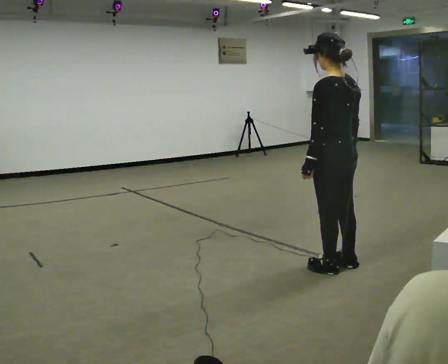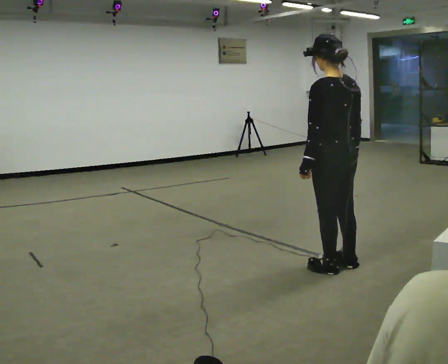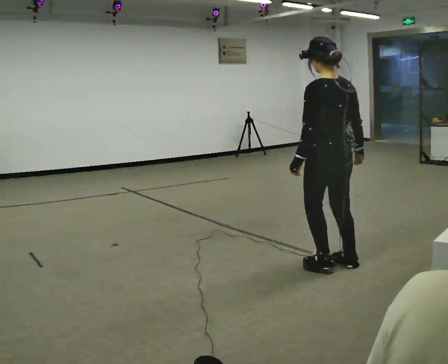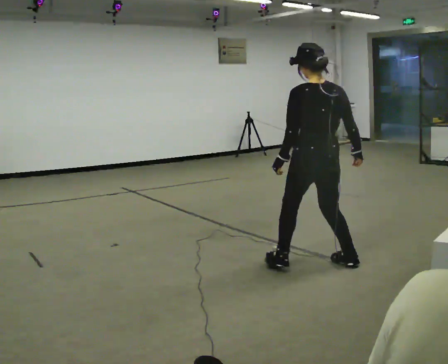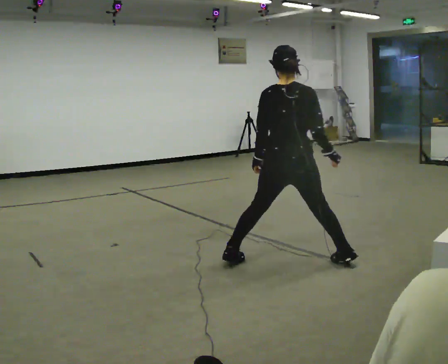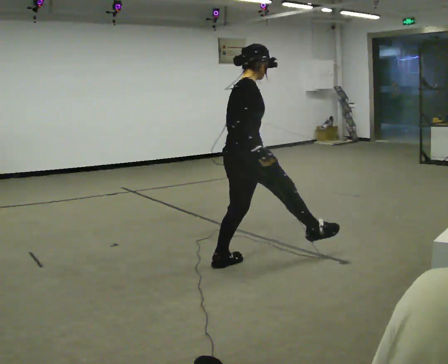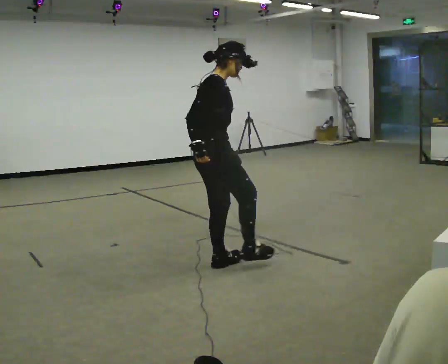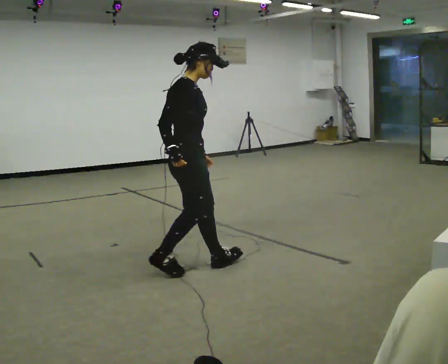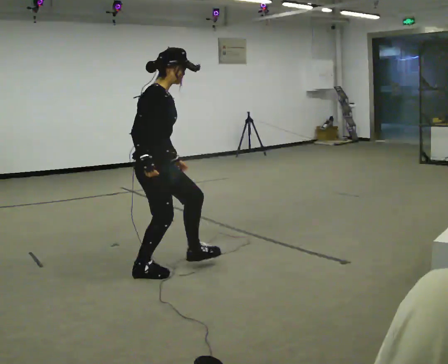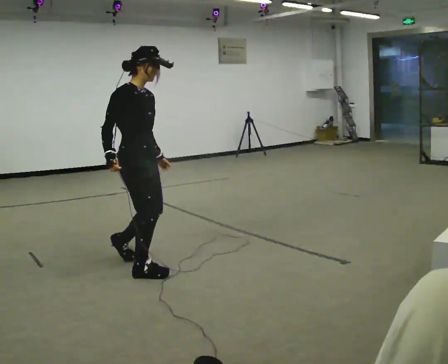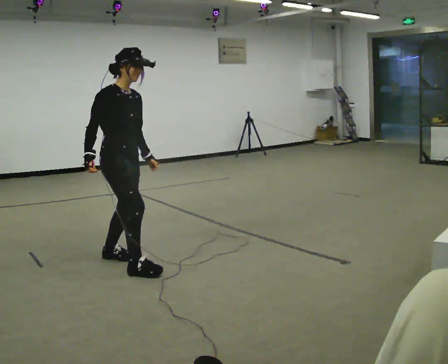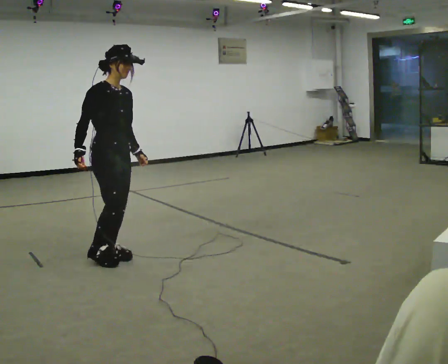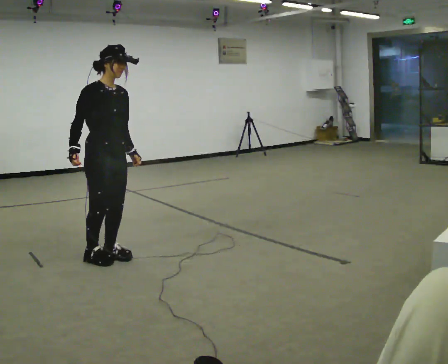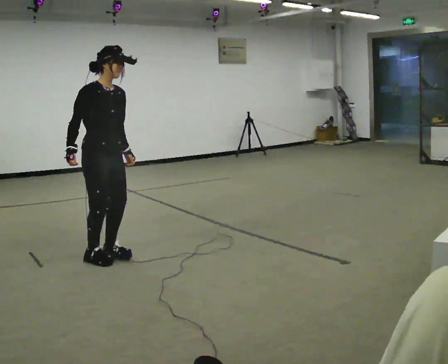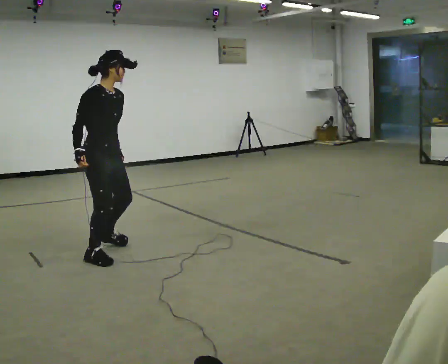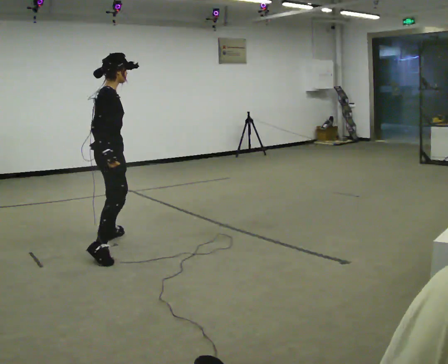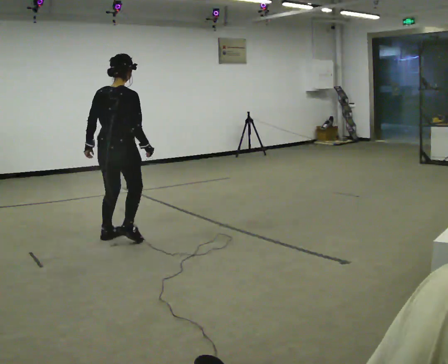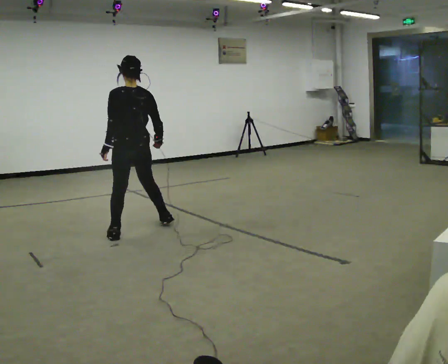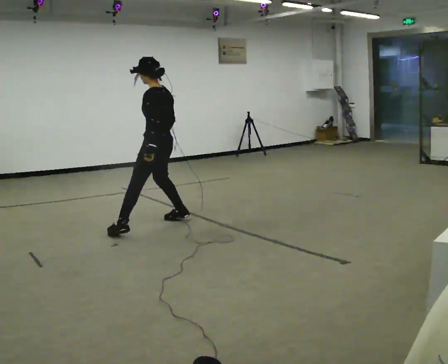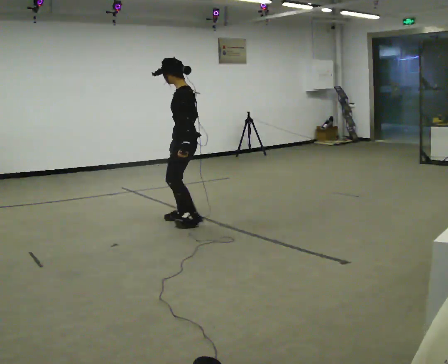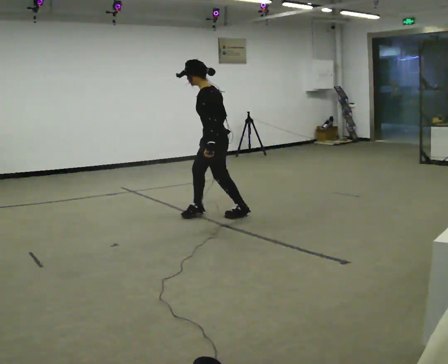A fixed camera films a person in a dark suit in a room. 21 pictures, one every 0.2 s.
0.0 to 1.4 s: The person turns about 135 degrees to their right, clockwise seen from above, so the part of the body nearest the lens slides to the left. In the picture they go to the left, about 1 m in 1 step.
1.4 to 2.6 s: The part of the body nearest the lens slides to the left as the person turns to their right by about 30 degrees. In the picture they go to the left and away from the camera, about 0.75 m in 3 steps, which for them is backward.
2.6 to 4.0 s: The person turns about 210 degrees to their left, counterclockwise seen from above, so the part of the body nearest the lens slides to the right. In the picture they go to the right and away from the camera, about 1.5 m in 2 steps. In the picture the upper body tilts counterclockwise, shoulders to the left.
The film runs forward here.
